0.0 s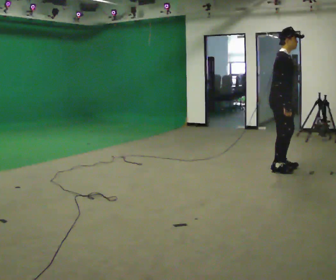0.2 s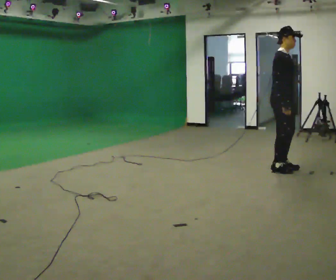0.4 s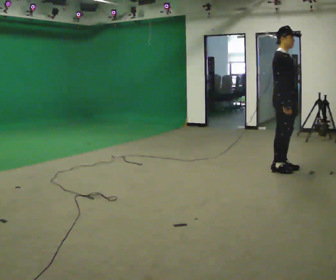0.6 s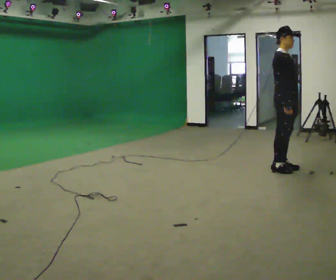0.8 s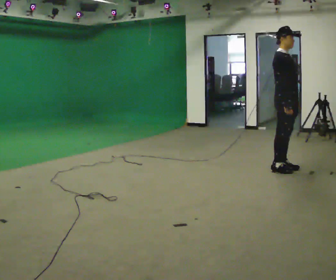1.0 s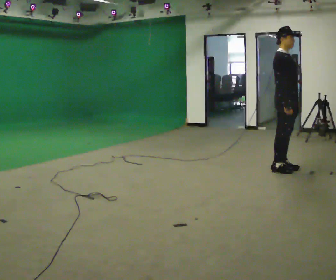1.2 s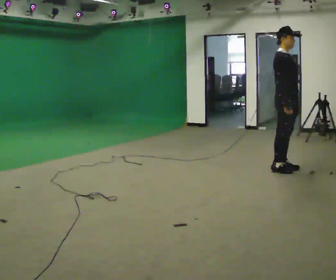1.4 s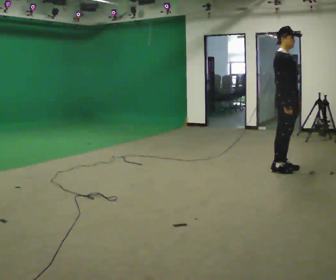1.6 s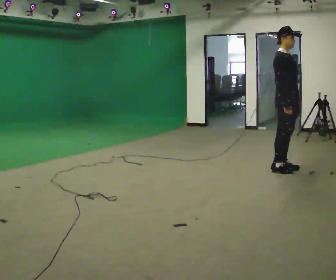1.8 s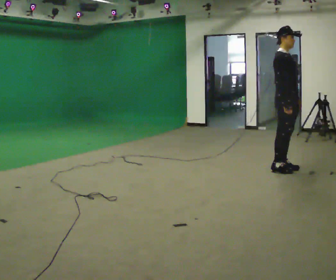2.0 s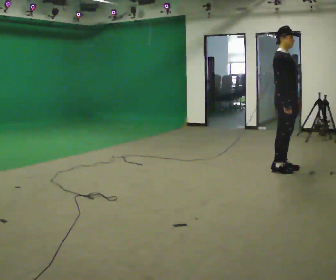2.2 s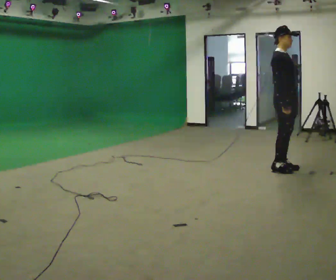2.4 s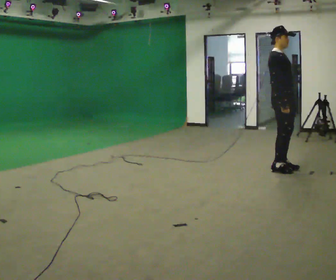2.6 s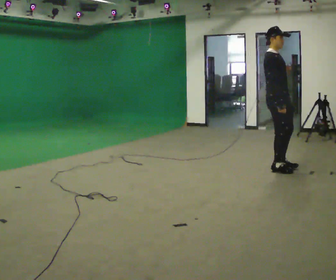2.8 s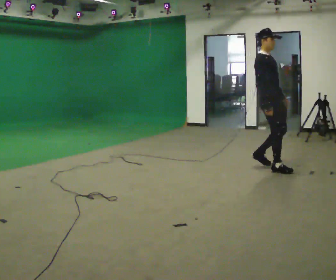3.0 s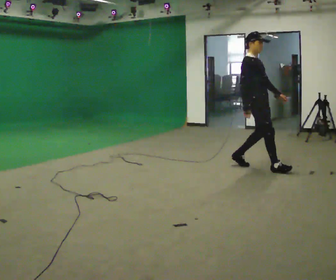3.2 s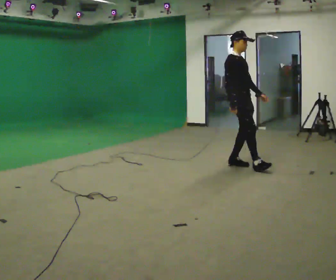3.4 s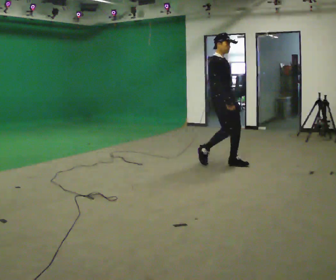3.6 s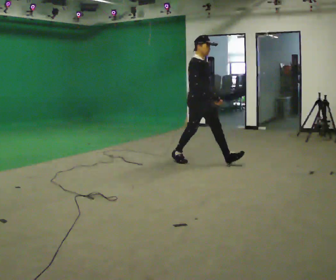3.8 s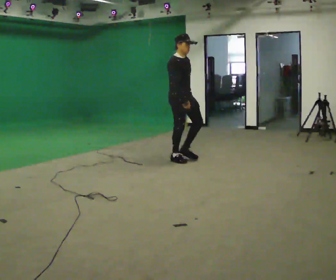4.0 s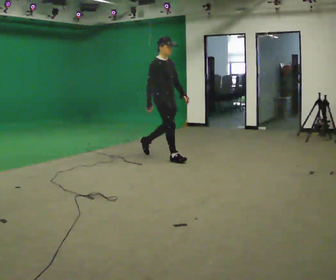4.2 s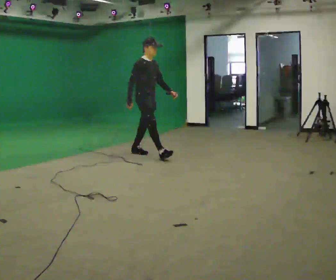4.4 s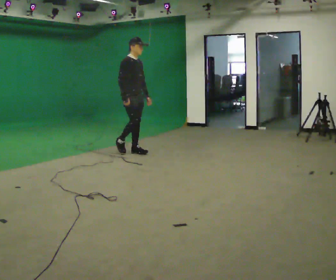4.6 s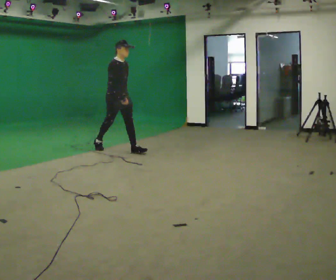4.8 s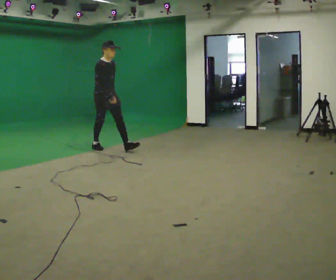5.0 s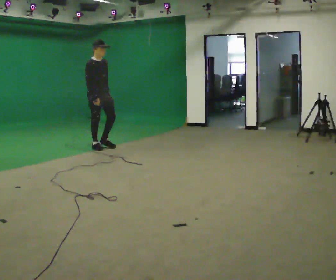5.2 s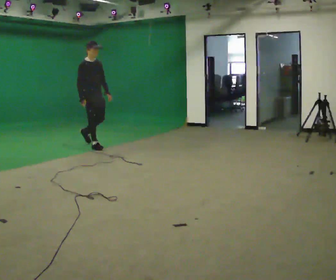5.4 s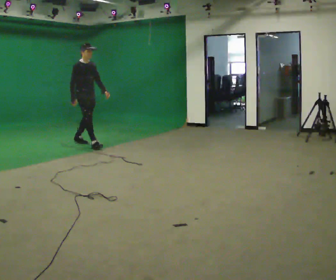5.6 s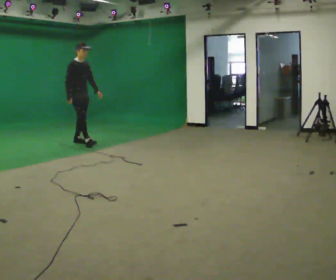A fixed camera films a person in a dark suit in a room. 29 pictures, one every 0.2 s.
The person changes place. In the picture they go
to the left.
0.0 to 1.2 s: The person moves a little, or ends about where they began.
1.2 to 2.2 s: The person keeps their place and pose.
2.2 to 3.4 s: In the picture they go to the left, about 1 m in 2 steps, which for them is backward.
3.4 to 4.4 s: In the picture they go to the left, about 1.5 m in 2 steps, which for them is backward.
4.4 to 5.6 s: In the picture they go to the left, about 1 m in 2 steps, which for them is backward.
The film runs backward here.
